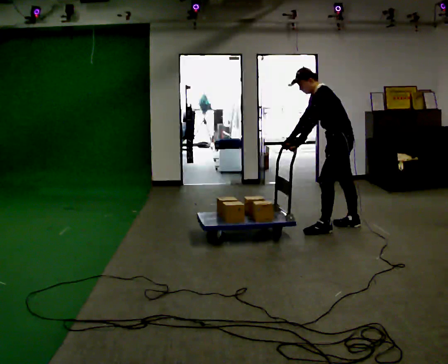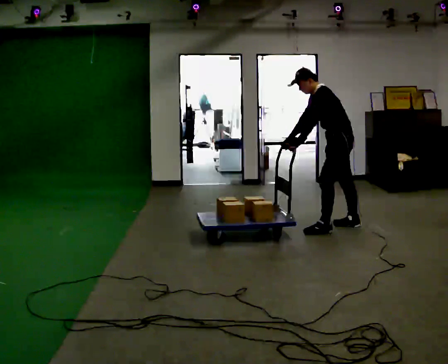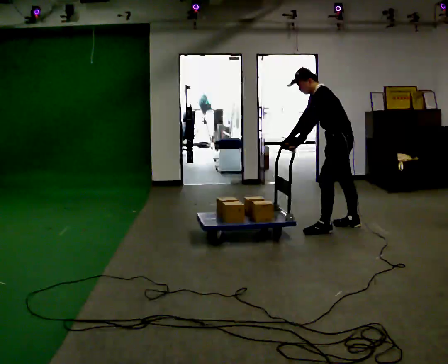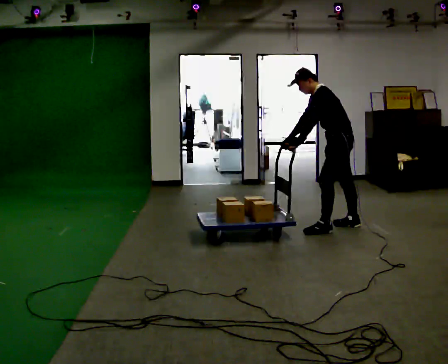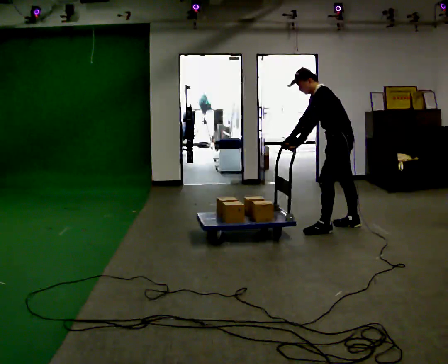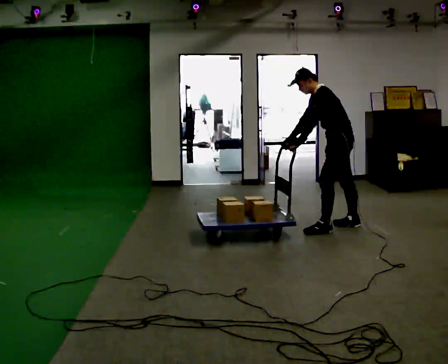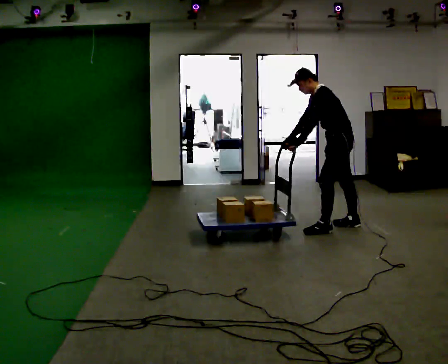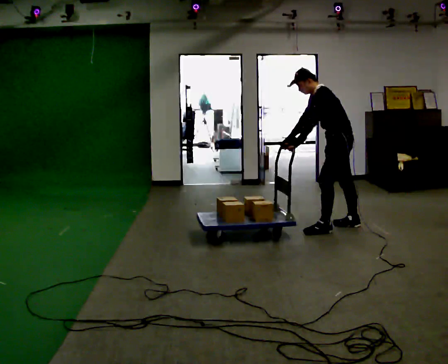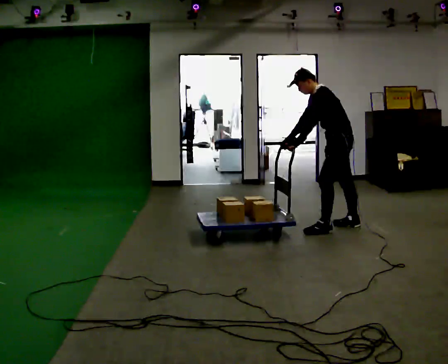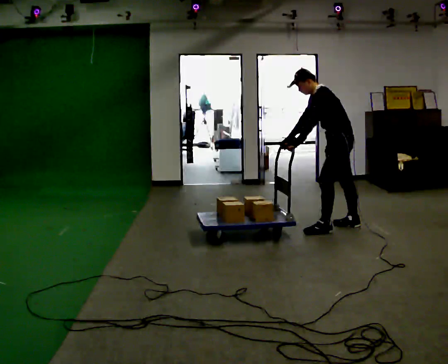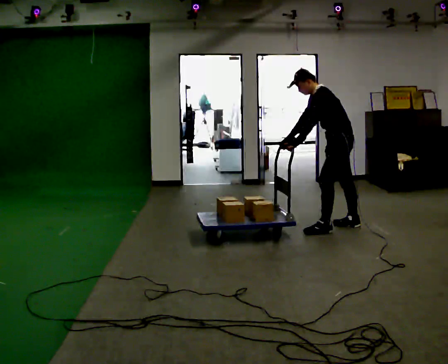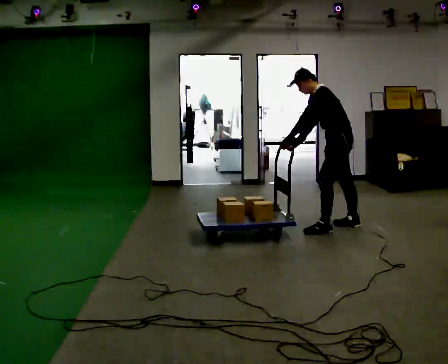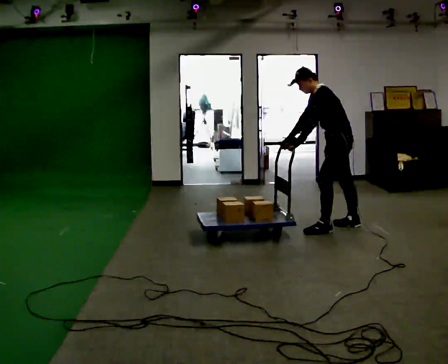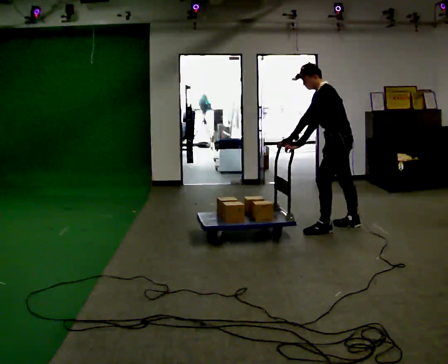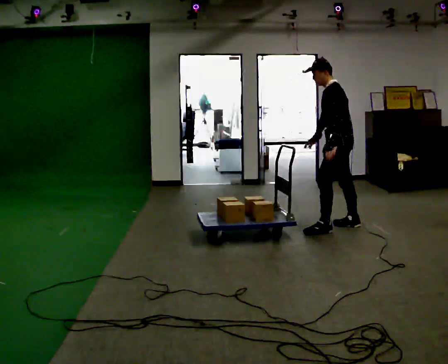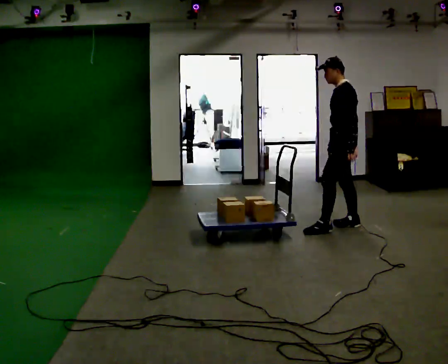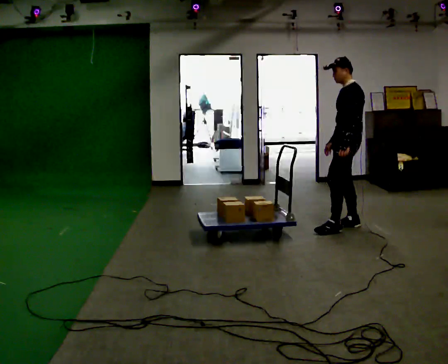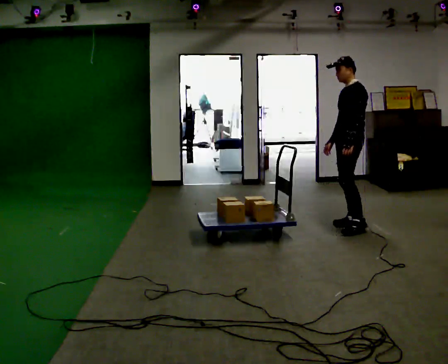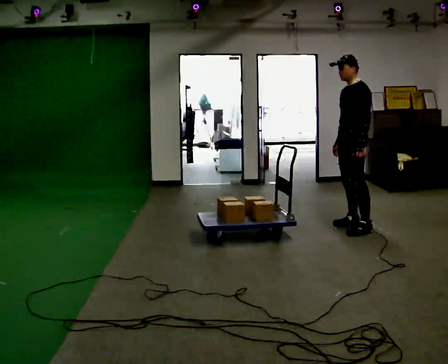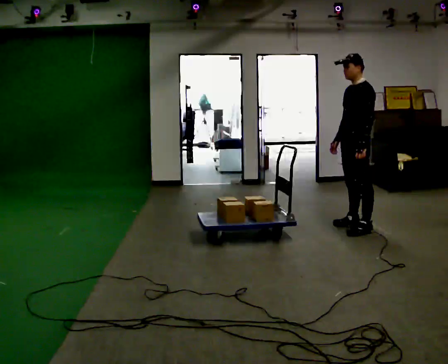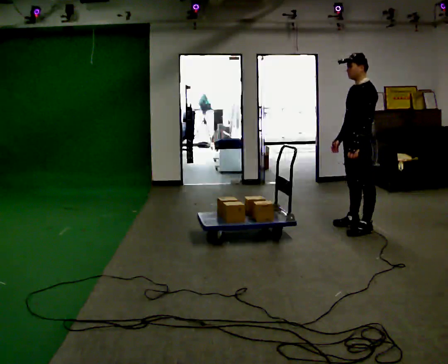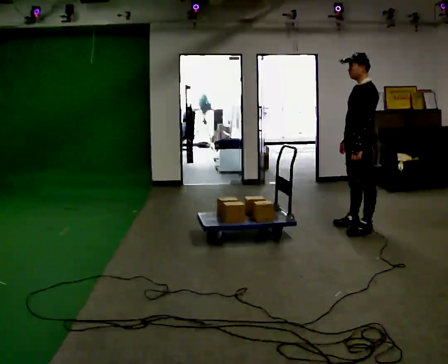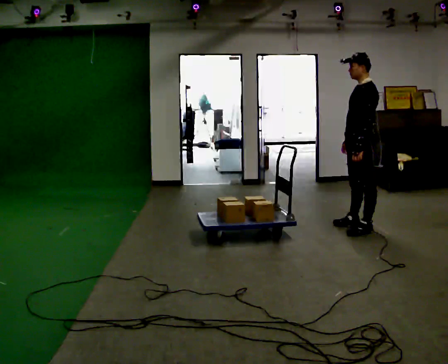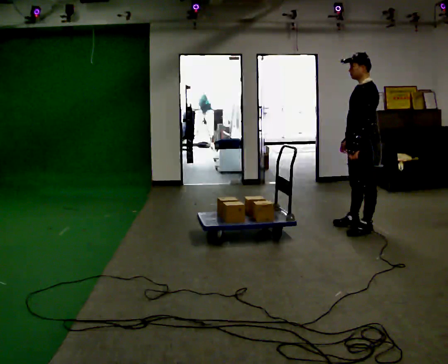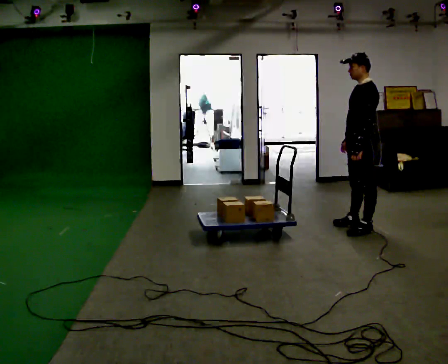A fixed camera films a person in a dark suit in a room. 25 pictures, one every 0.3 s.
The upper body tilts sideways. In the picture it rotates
clockwise.
0.0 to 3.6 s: The person moves a little, or ends about where they began.
3.6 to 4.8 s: In the picture the upper body tilts clockwise, shoulders to the right, as they lean back or straighten. In the picture their left hand goes to the right.
4.8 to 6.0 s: In the picture they go toward the camera, about 0.25 m in 1 step, which for them is to their left.
6.0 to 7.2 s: The person moves a little, or ends about where they began.
The film runs forward here.
